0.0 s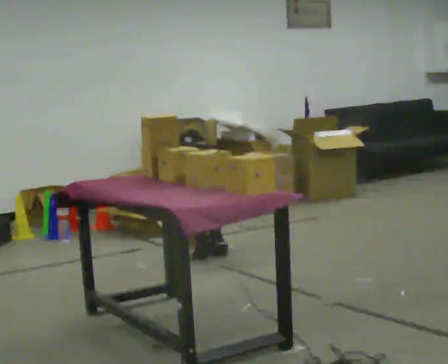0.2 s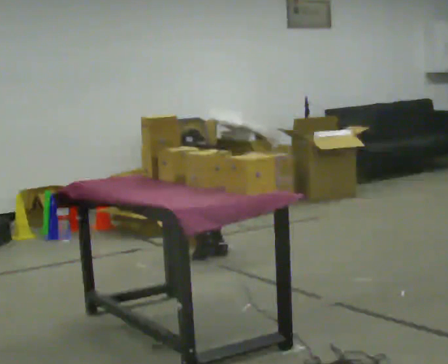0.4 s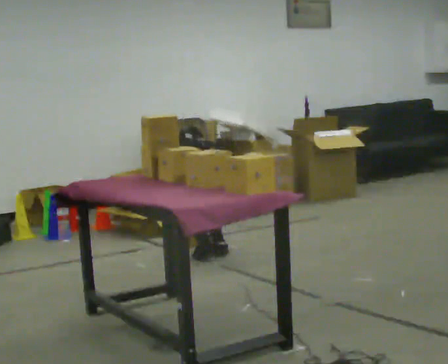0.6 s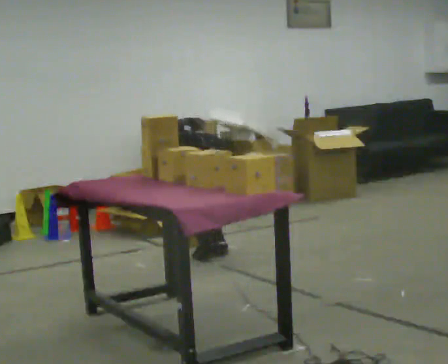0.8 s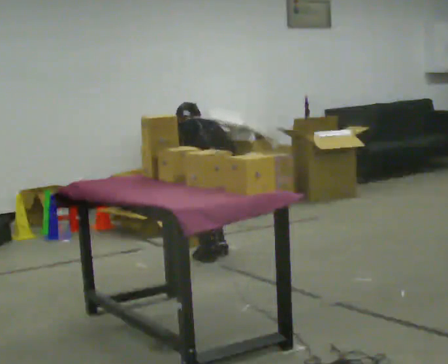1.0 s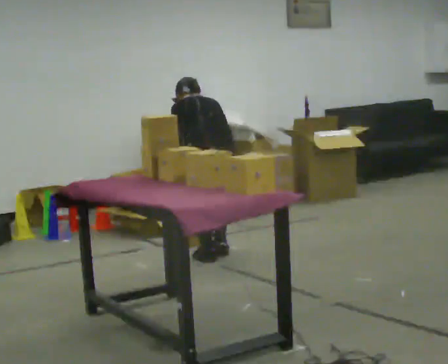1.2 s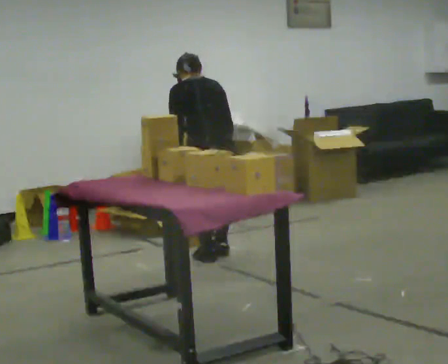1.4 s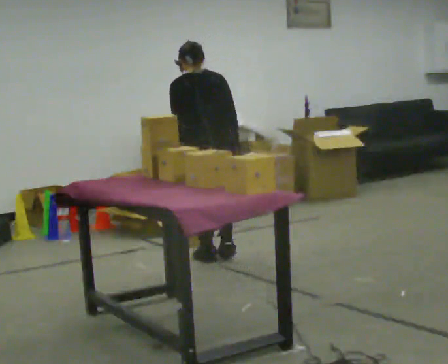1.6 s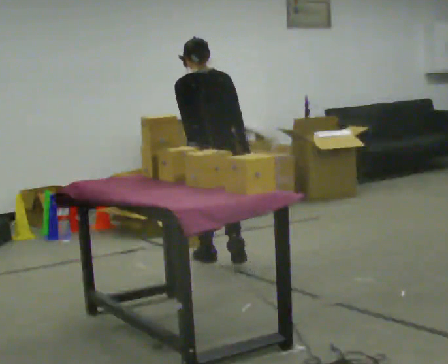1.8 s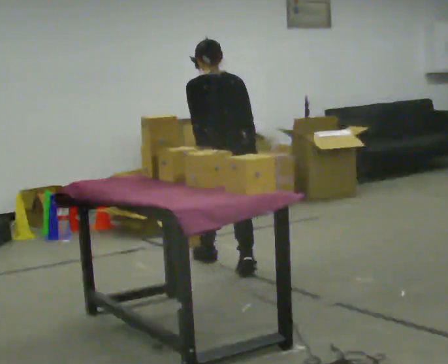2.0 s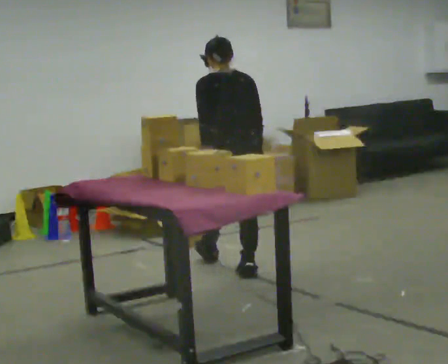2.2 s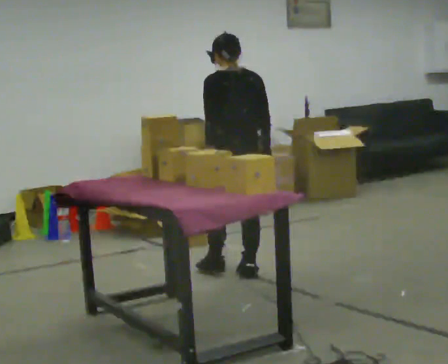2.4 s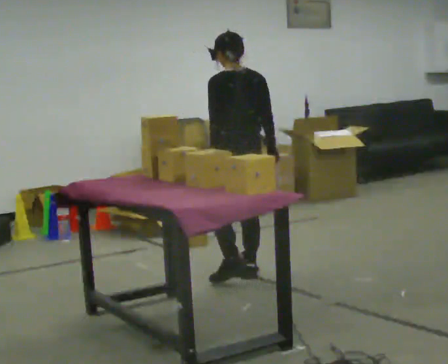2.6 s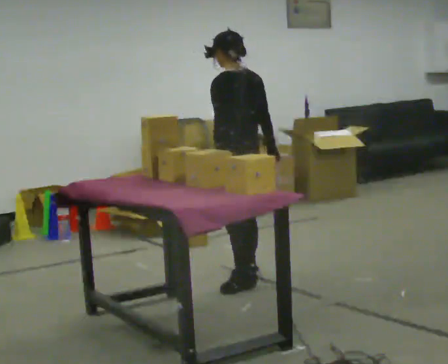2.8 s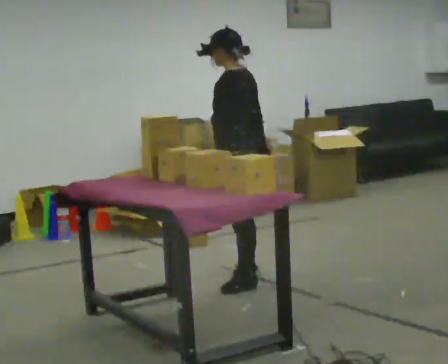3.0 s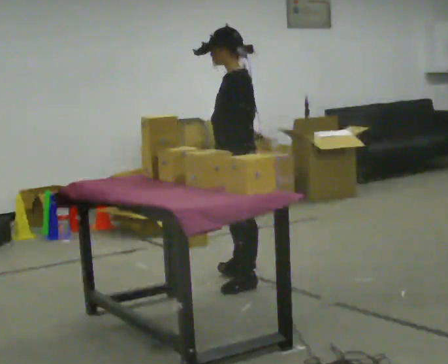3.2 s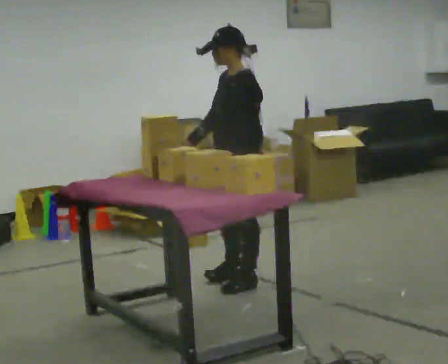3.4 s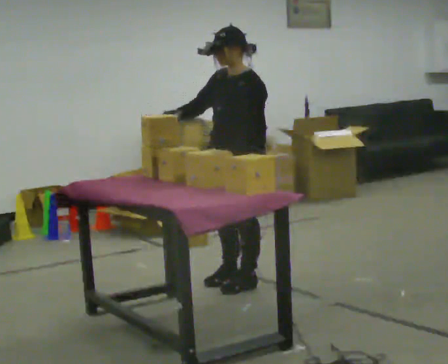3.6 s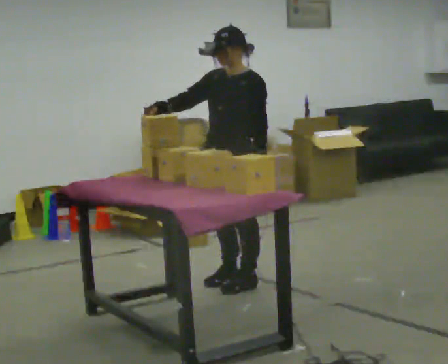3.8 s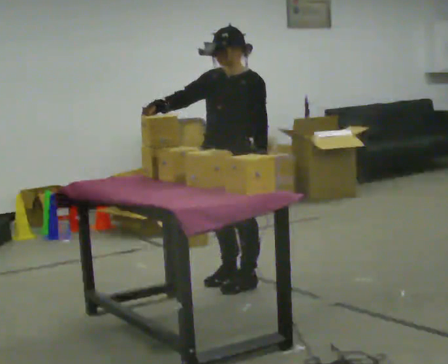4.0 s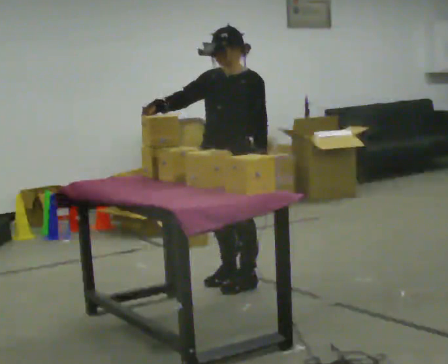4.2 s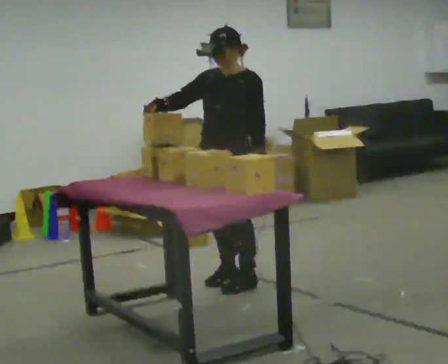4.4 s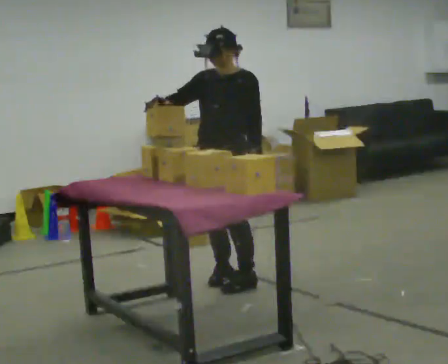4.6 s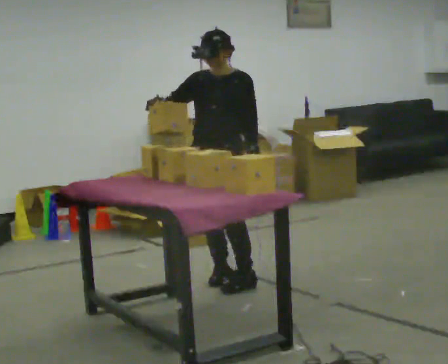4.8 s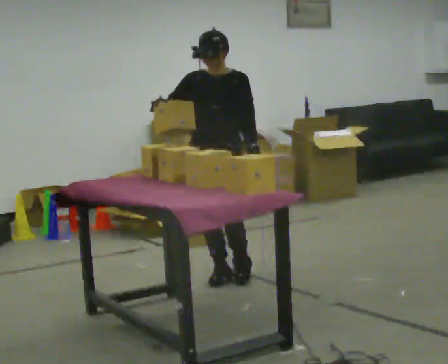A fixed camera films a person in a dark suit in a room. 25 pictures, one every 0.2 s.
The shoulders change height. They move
upward.
The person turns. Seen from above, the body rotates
counterclockwise.
0.0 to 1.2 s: The shoulders move upward. The upper body tips toward the camera, its near side rolling downward, as they lean back or straighten. In the picture their right hand goes upward.
1.2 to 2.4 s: In the picture they go toward the camera, about 0.5 m in 2 steps, which for them is backward. The upper body tips toward the camera, its near side rolling downward, as they lean back or straighten.
2.4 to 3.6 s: The part of the body nearest the lens slides to the right as the person turns to their left by about 90 degrees. In the picture they go toward the camera, about 0.25 m. In the picture their right hand goes upward, the arm swinging clockwise.
3.6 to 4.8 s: Seen from above the body turns counterclockwise, about 45 degrees: to their left, with its near side sliding to the right. In the picture they go away from the camera, about 0.25 m in 1 step, which for them is to their right.
The film runs backward here.
